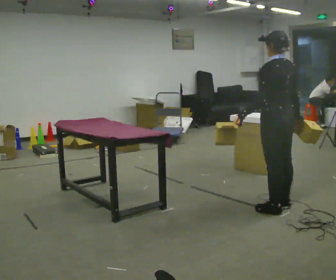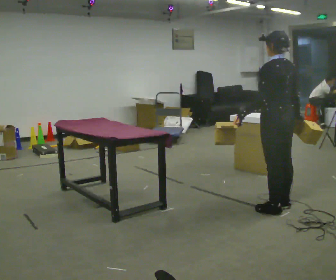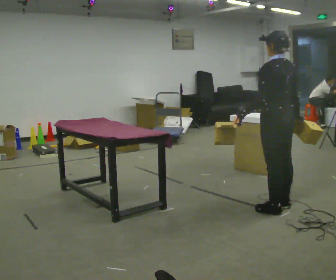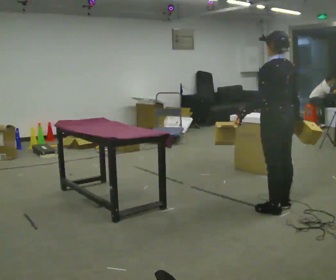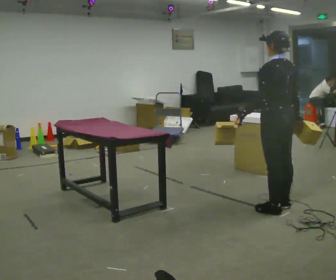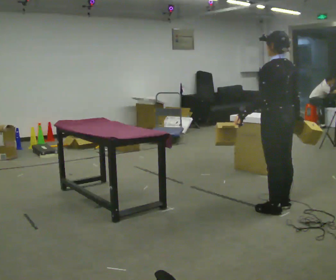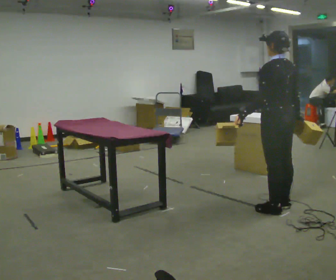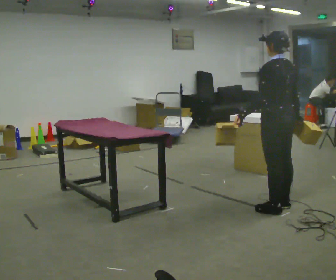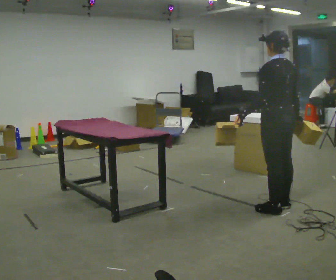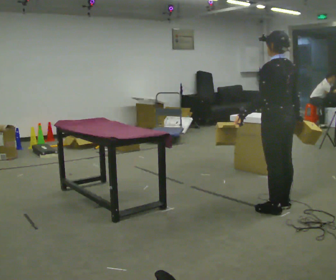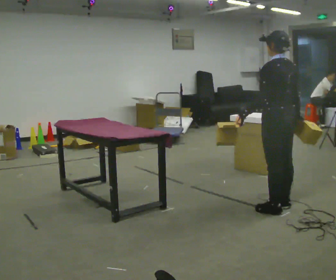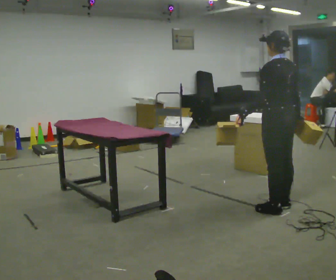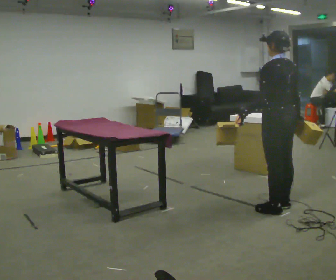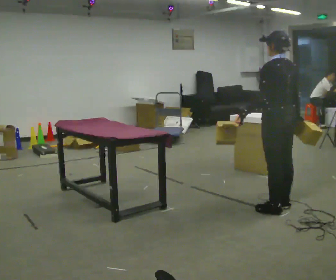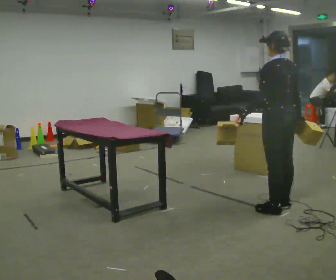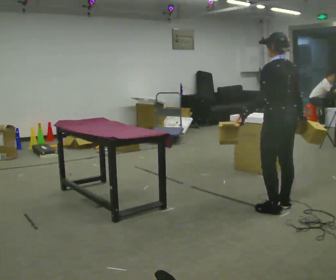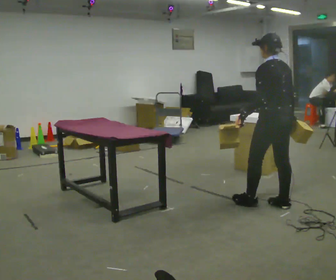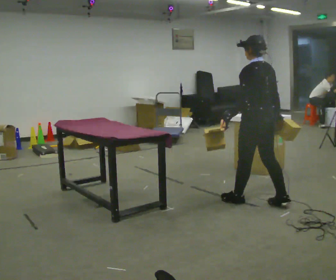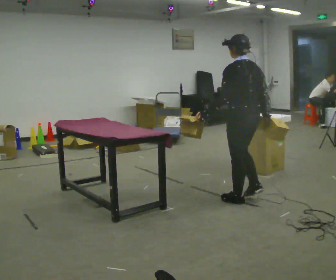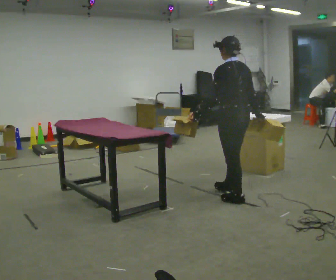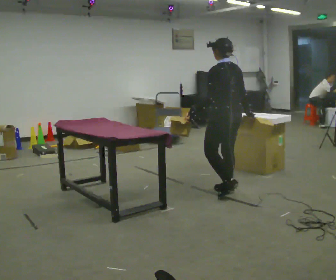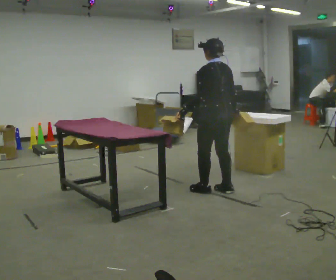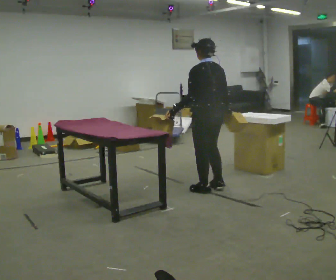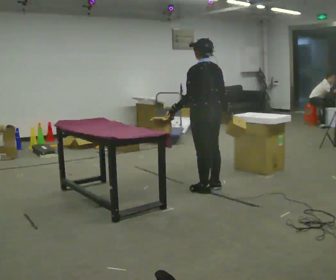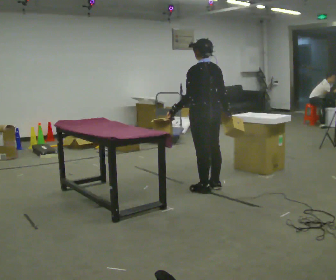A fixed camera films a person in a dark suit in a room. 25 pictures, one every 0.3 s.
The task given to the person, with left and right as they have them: Carry two objects across the room, then put just one of them on the shelf while still holding the other. Then bring them both back. Keep going until the operator says stop; one object at a time, and do not rush between trips.
0.0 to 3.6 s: The person keeps their place and pose.
3.6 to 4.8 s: The person moves a little, or ends about where they began.
4.8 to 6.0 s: In the picture they go to the left and away from the camera, about 0.5 m in 2 steps, which for them is forward.
6.0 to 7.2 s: In the picture they go to the left, about 0.25 m in 2 steps, which for them is forward.
The film runs forward here.
